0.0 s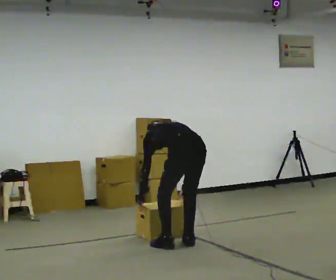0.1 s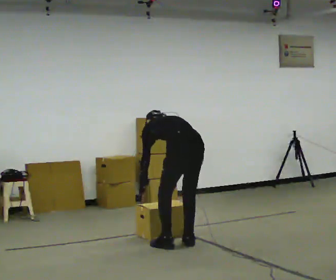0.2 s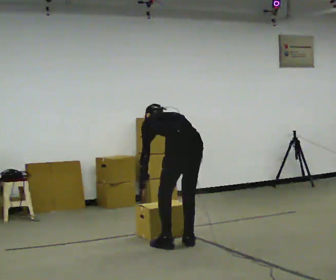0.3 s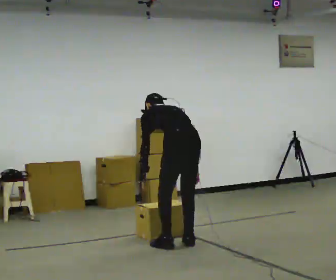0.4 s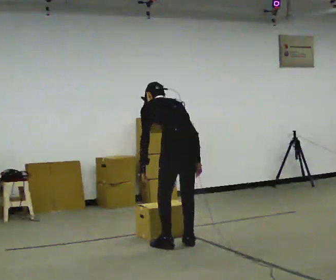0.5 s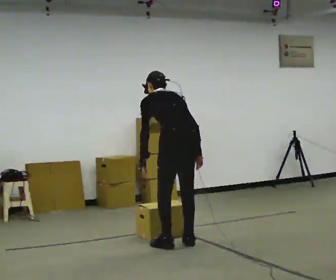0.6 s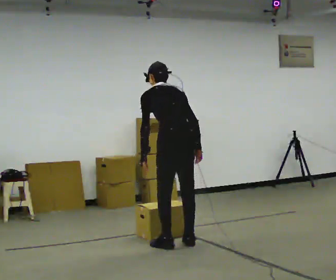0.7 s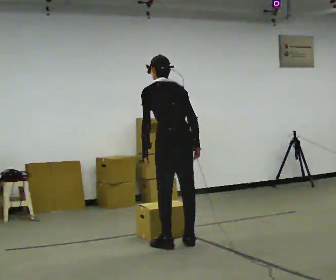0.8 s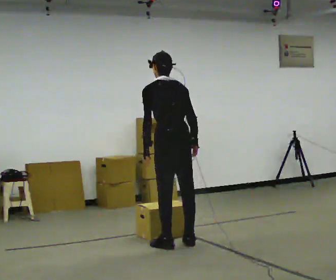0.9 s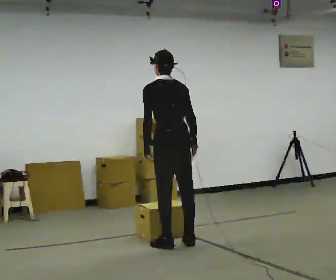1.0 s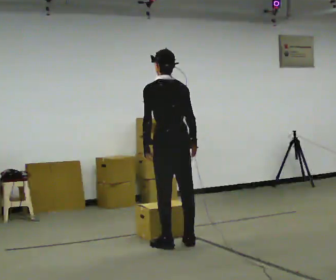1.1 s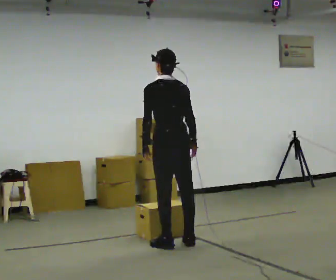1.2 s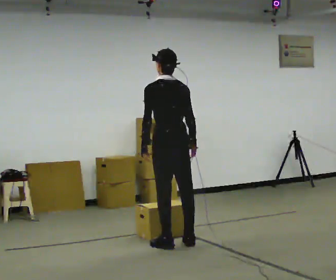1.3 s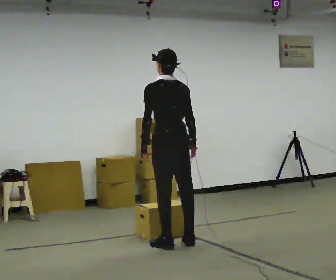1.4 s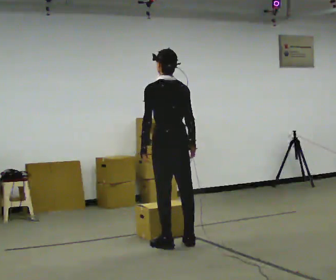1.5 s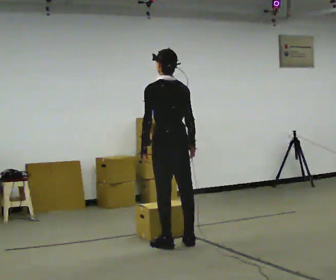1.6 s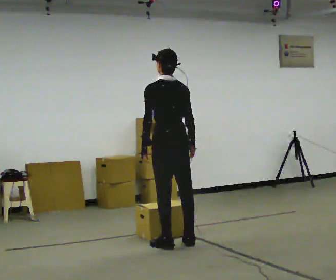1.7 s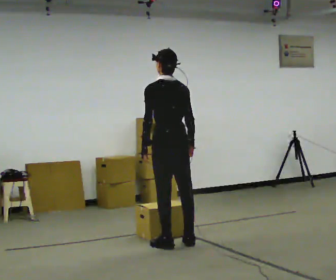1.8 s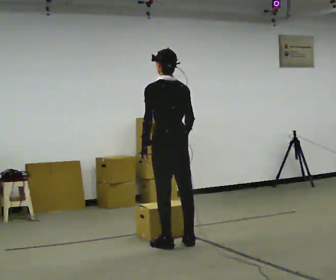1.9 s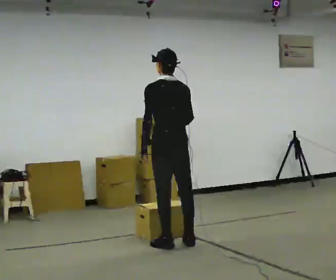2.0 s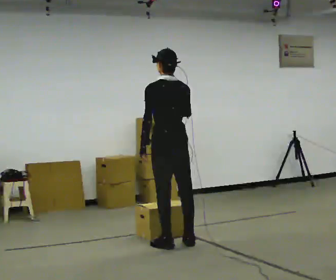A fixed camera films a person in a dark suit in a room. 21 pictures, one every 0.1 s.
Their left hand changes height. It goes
upward.
The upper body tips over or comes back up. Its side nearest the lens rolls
downward.
0.0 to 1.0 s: The upper body goes upward. The upper body tips toward the camera, its near side rolling downward, as they lean back or straighten. In the picture their left hand goes upward.
1.0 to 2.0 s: In the picture their right hand goes upward.
The film runs forward here.
